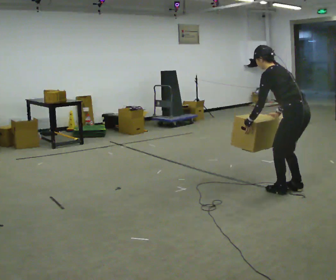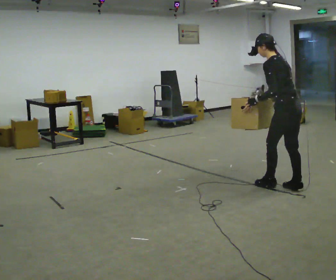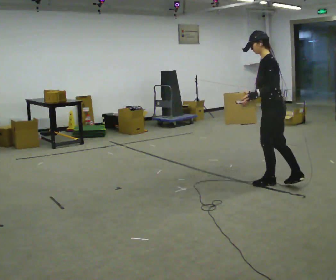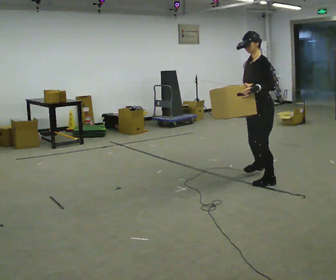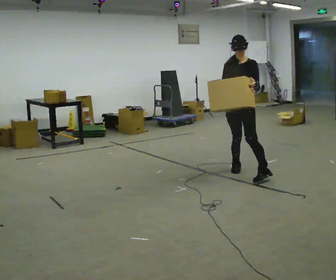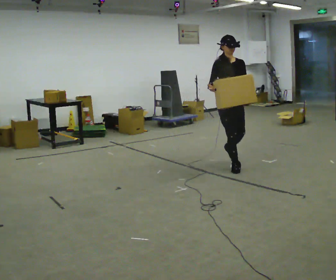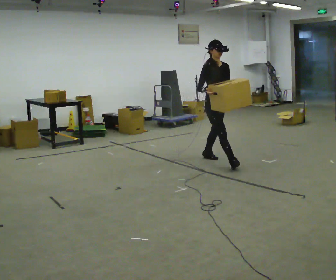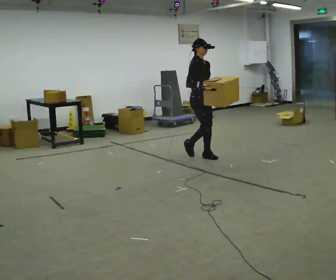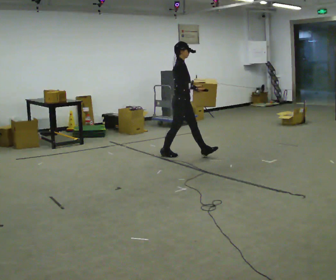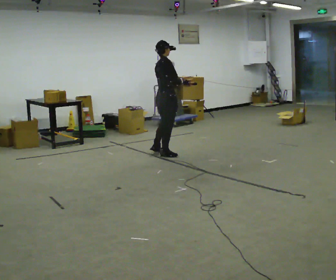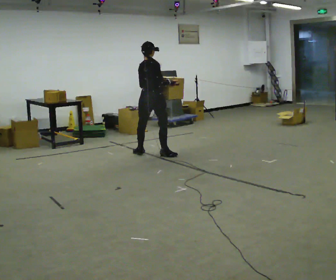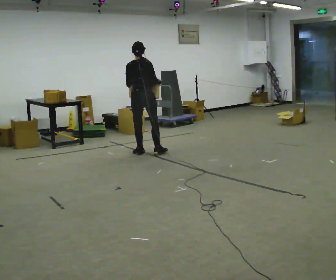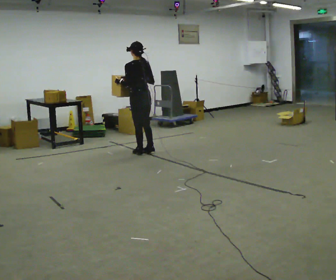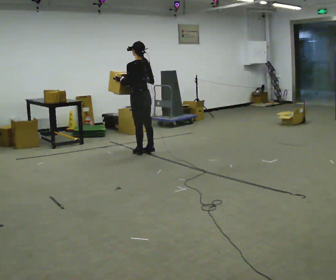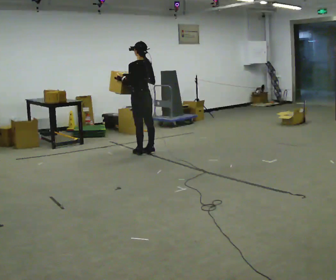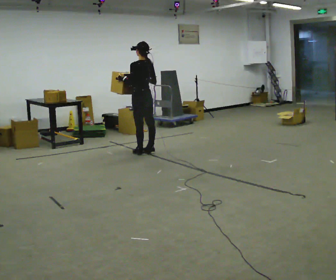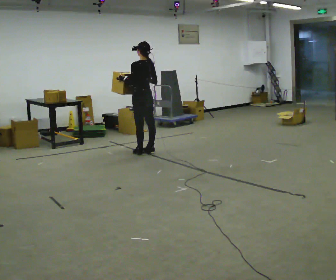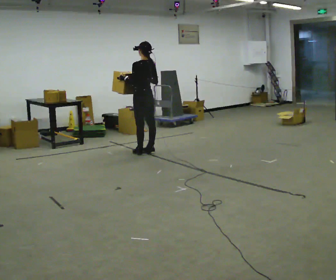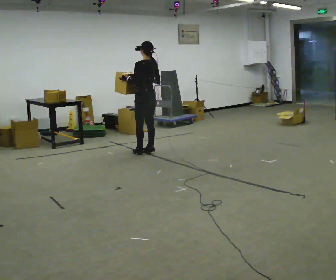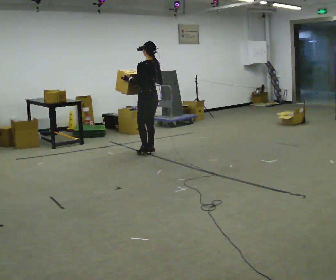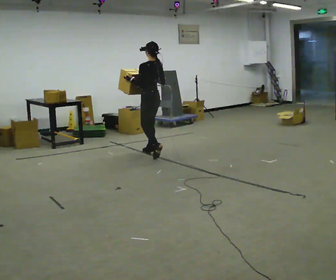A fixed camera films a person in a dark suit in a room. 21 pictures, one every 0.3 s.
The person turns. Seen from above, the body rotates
counterclockwise.
The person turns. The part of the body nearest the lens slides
to the right.
0.0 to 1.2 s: The part of the body nearest the lens slides to the right as the person turns to their left by about 105 degrees. In the picture they go away from the camera, about 1 m in 3 steps. The upper body tips toward the camera, its near side rolling downward, as they lean back or straighten.
1.2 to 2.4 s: The part of the body nearest the lens slides to the right as the person turns to their left by about 105 degrees. In the picture they go away from the camera and to the left, about 1 m in 2 steps.
2.4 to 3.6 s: The person turns about 135 degrees to their left, counterclockwise seen from above, so the part of the body nearest the lens slides to the right. In the picture they go to the left and away from the camera, about 0.75 m in 1 step.
3.6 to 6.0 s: The person moves a little, or ends about where they began.
The film runs backward here.
